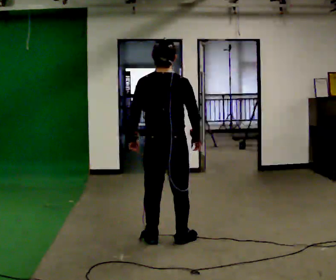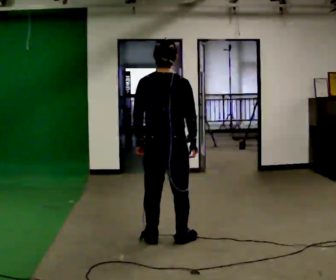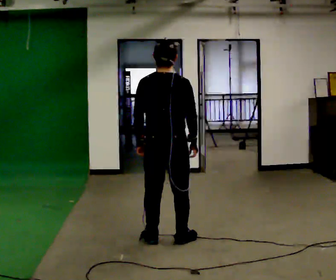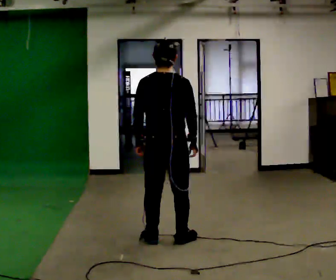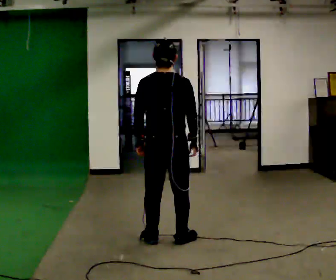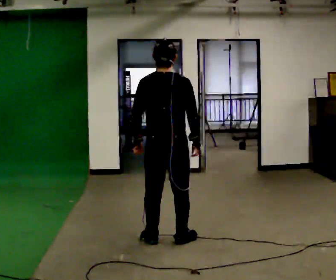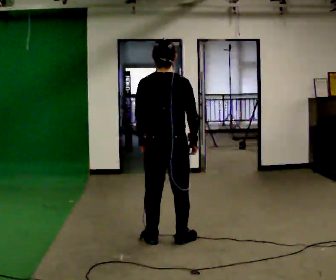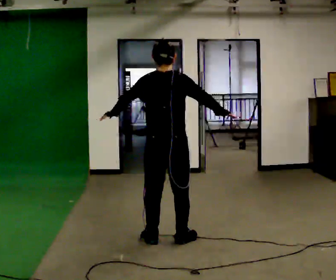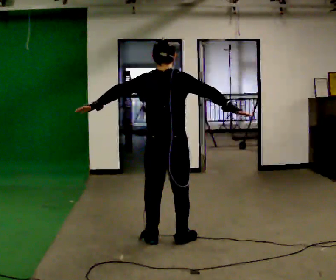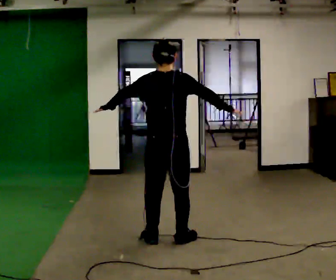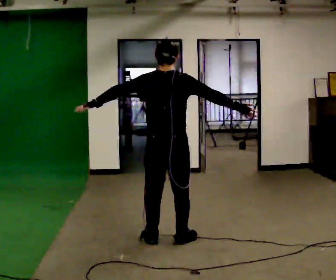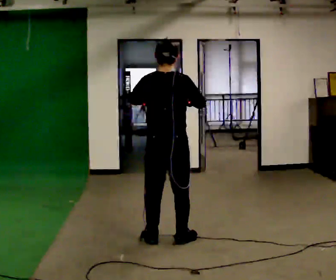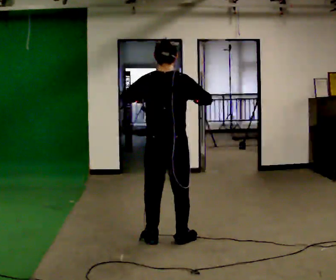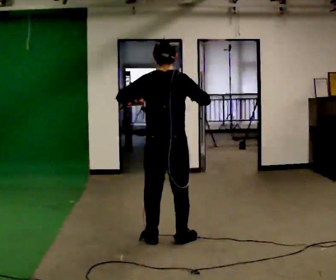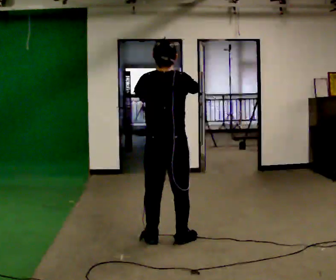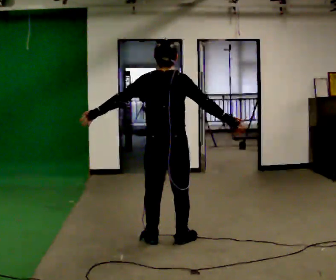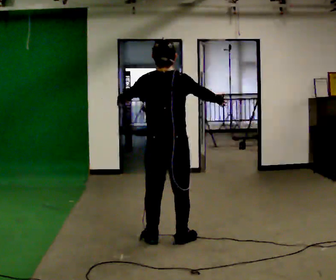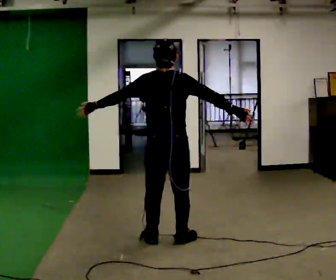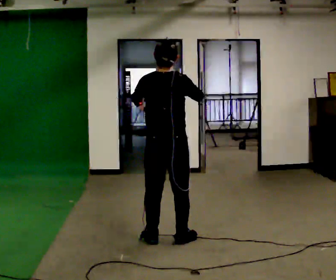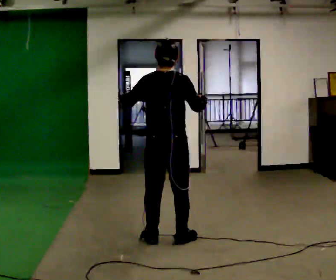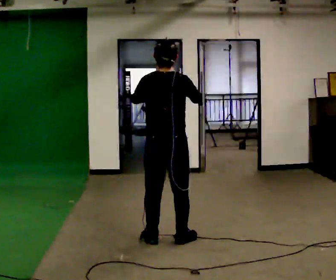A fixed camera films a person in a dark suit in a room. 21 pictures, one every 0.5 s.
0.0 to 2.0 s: The person moves a little, or ends about where they began.
2.0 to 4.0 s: In the picture their left hand goes to the left and upward.
4.0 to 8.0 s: The person moves a little, or ends about where they began.
8.0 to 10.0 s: In the picture their right hand goes to the left.
The film runs backward here.
